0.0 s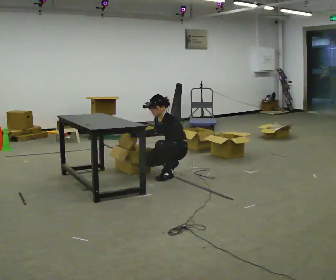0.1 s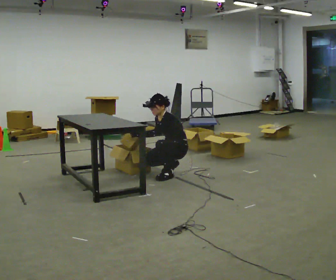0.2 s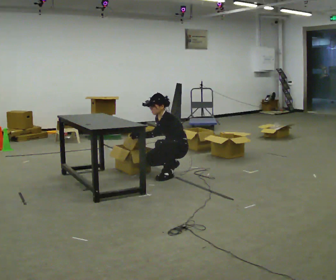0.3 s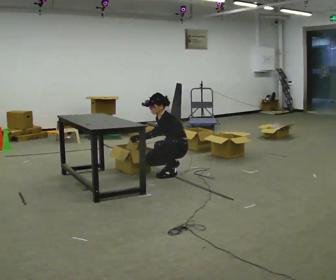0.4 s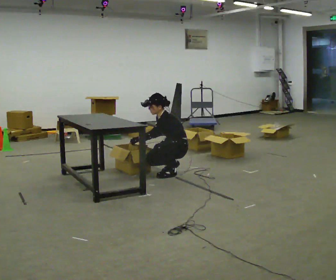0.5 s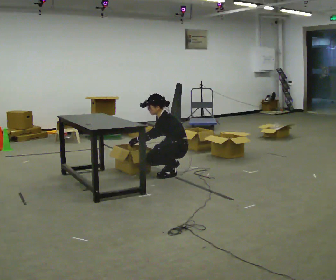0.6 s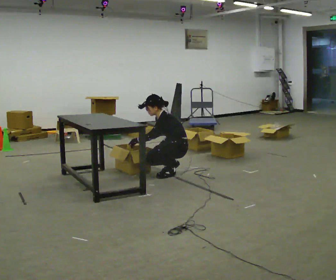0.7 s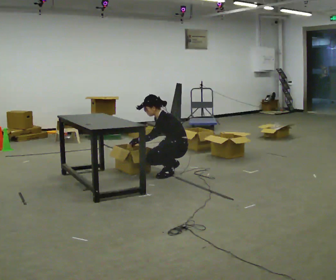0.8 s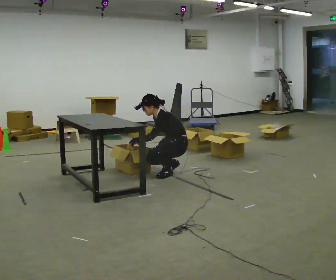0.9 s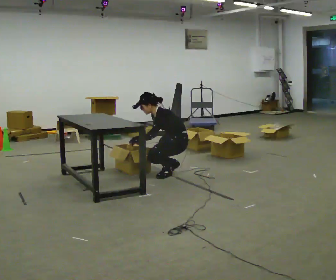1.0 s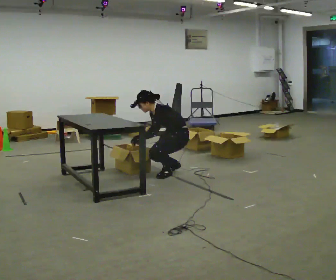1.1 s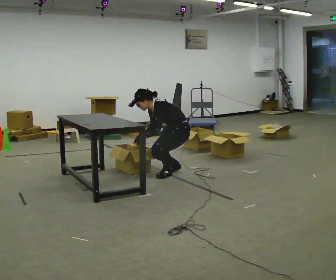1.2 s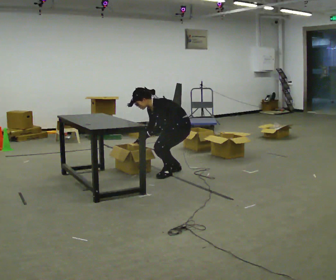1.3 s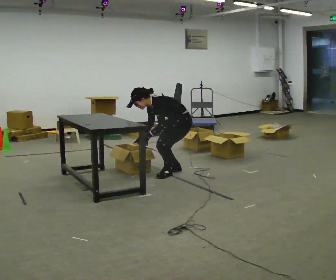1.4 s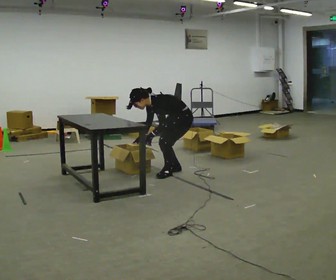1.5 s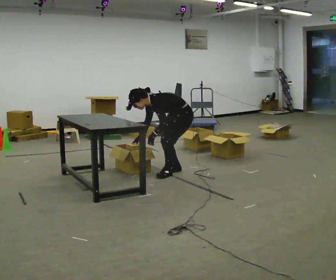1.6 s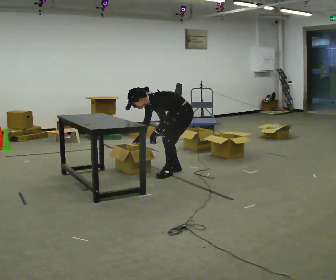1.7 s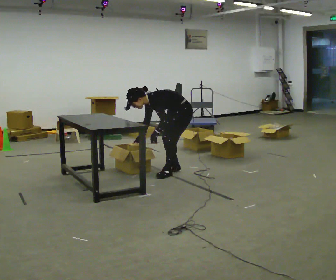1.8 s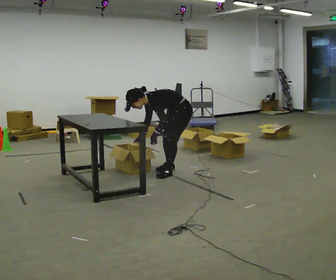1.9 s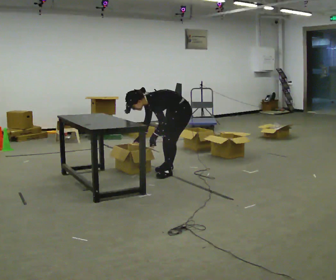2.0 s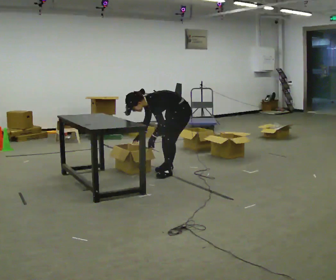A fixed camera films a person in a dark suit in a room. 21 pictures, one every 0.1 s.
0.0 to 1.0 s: In the picture the upper body tilts counterclockwise, shoulders to the left, as they bend forward.
1.0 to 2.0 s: In the picture the upper body tilts counterclockwise, shoulders to the left, as they bend forward.
The film runs backward here.
